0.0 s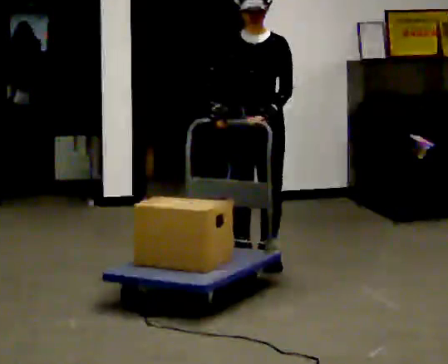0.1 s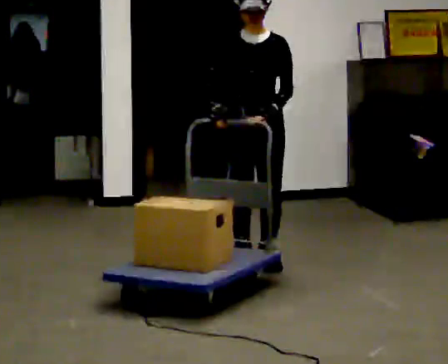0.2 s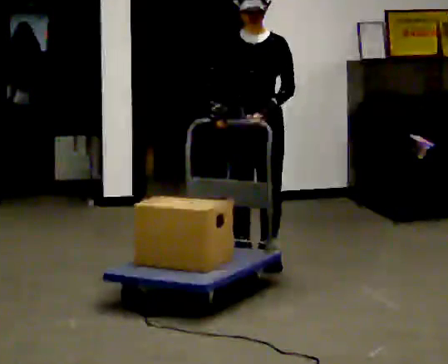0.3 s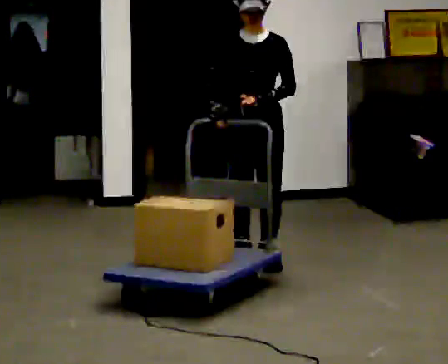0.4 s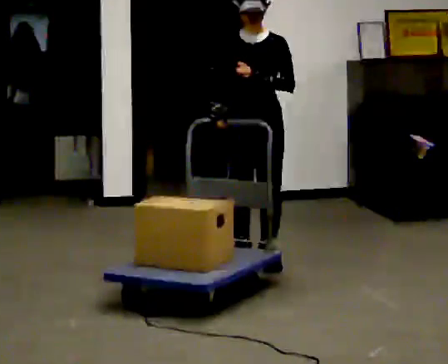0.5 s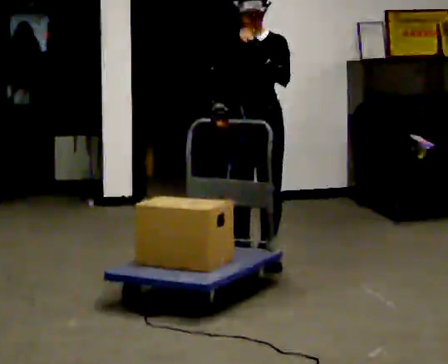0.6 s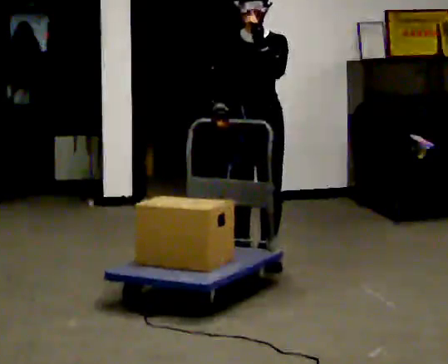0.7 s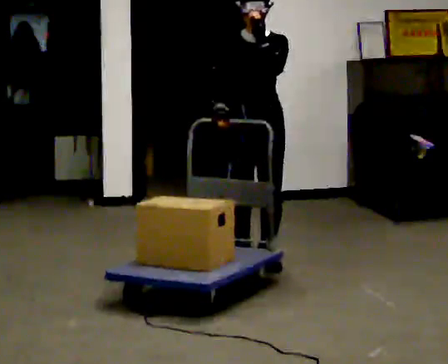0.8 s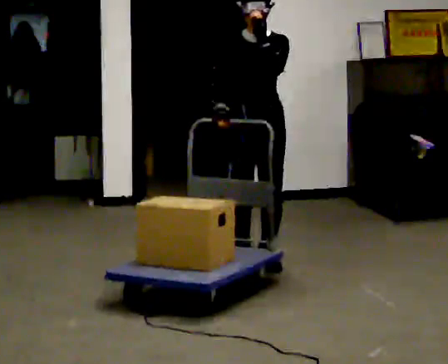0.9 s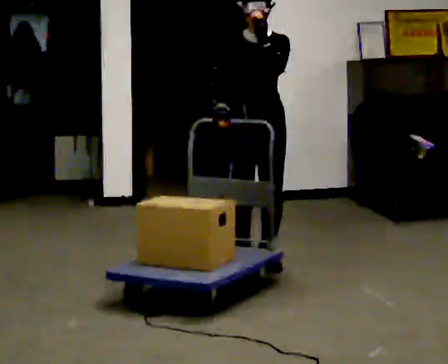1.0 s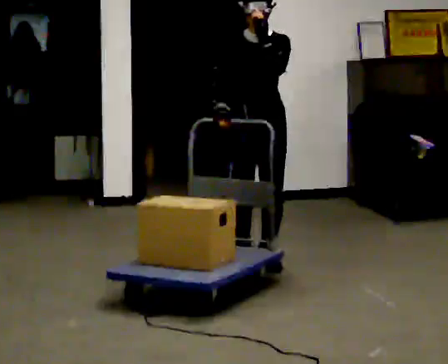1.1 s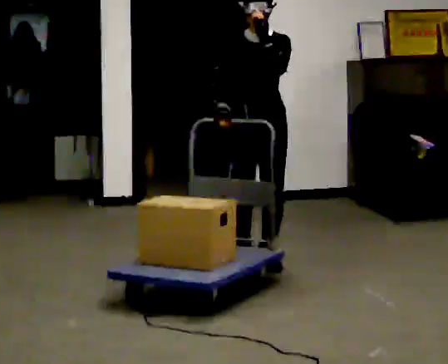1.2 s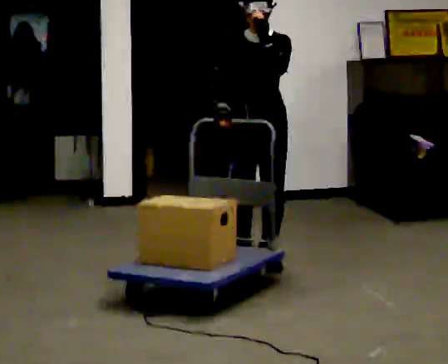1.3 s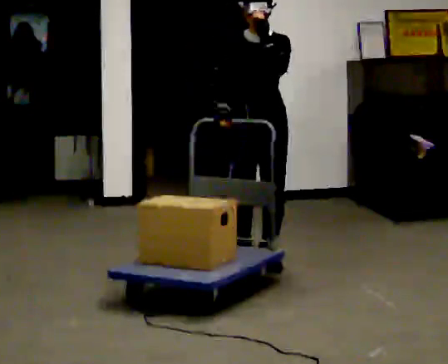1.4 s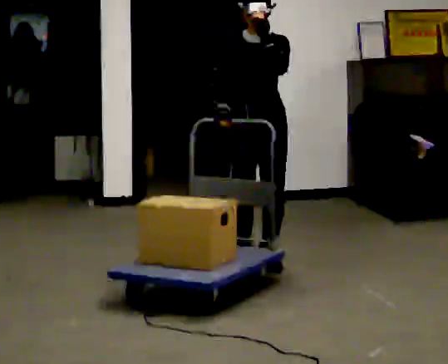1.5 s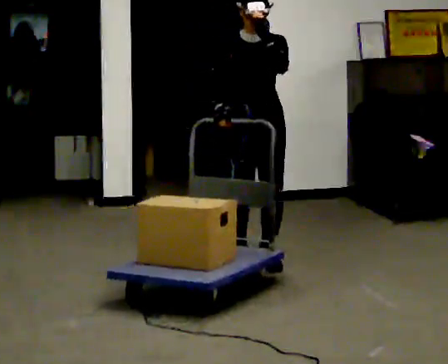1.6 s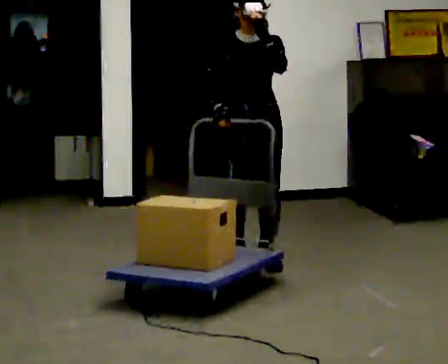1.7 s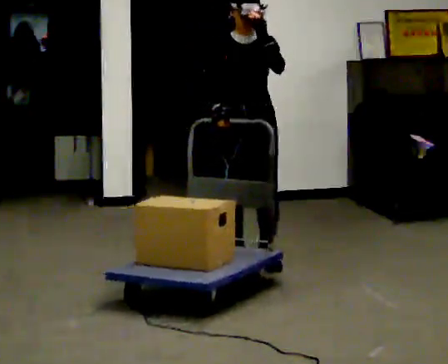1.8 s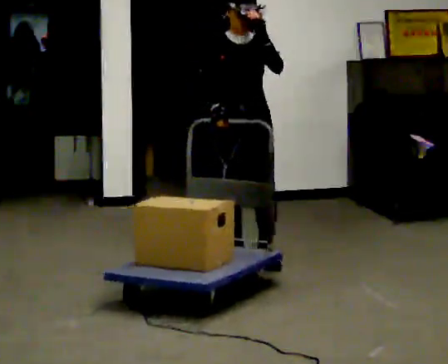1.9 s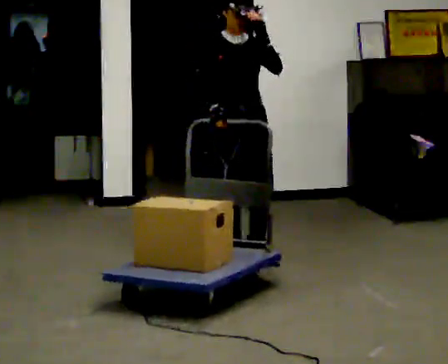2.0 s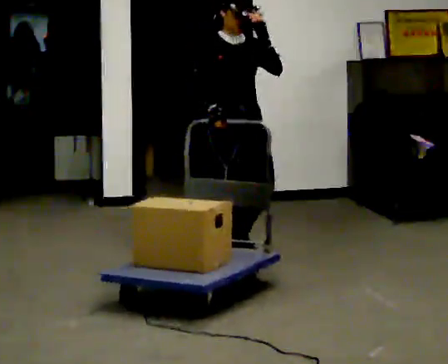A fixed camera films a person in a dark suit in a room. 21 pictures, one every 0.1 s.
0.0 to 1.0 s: In the picture their left hand goes upward.
1.0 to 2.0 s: The part of the body nearest the lens slides to the right as the person turns to their left by about 30 degrees.
The film runs backward here.
